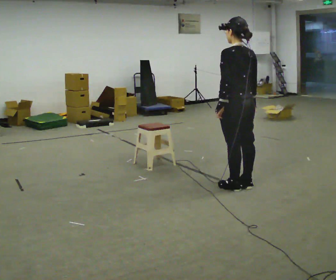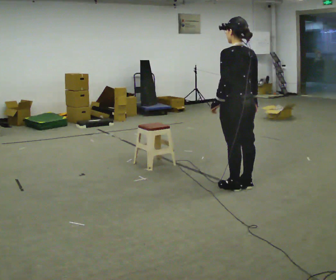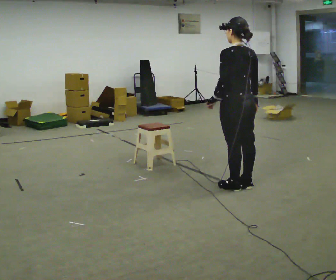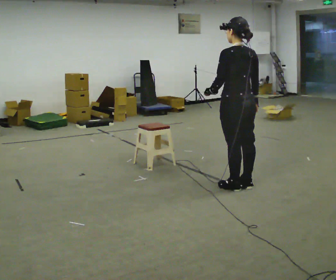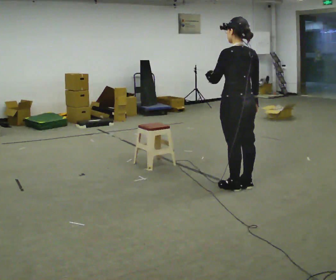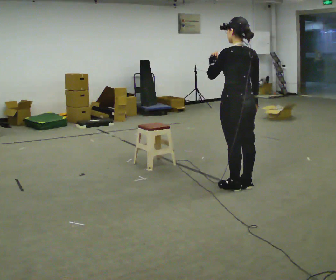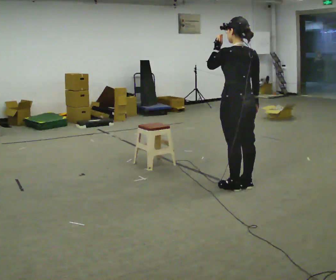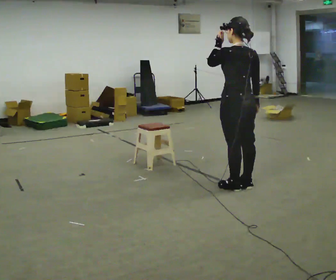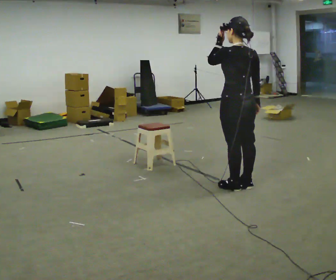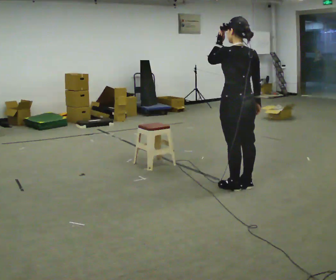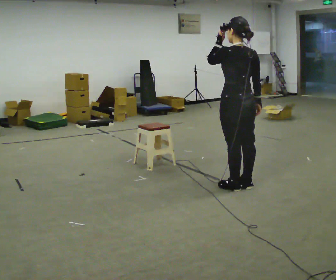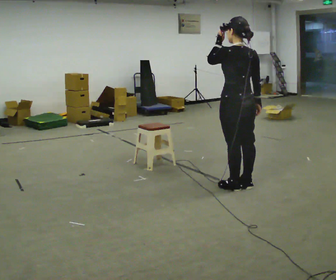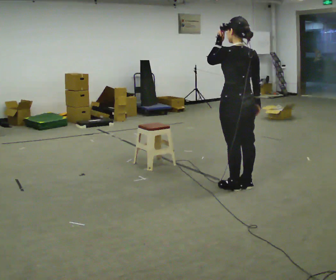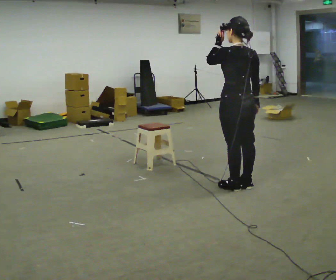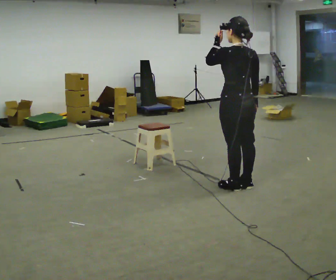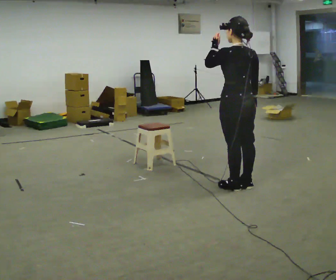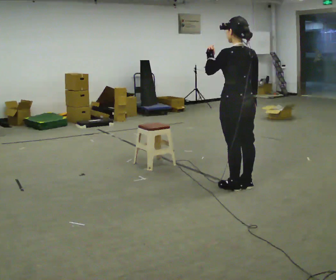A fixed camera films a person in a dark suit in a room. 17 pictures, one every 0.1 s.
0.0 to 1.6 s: In the picture their left hand goes upward.
The film runs backward here.
